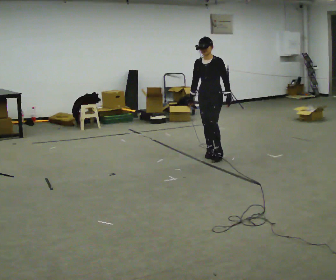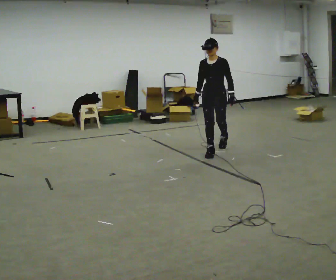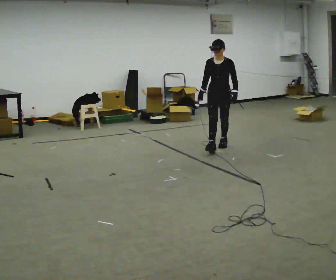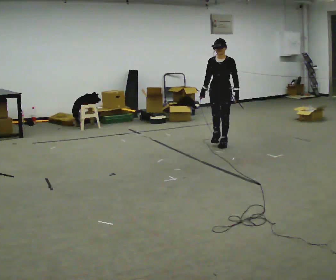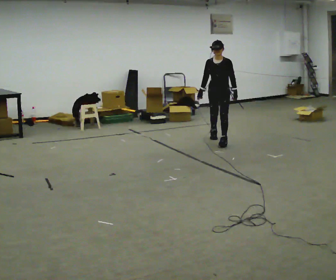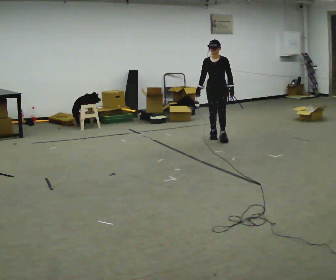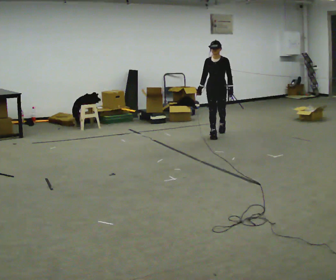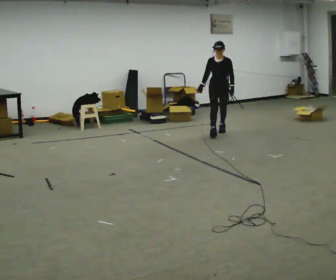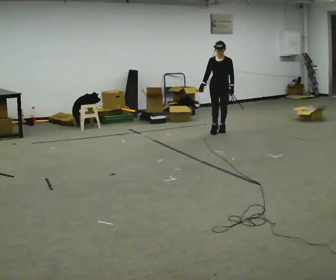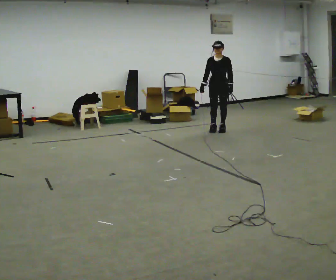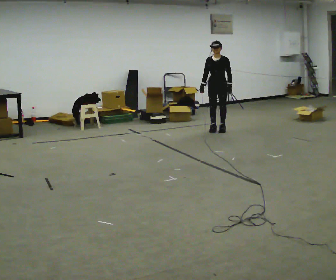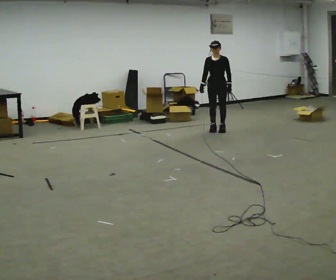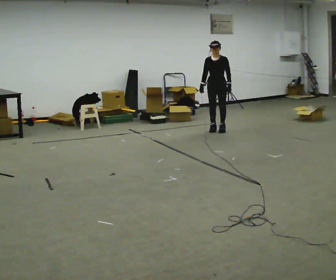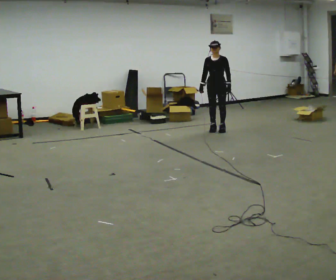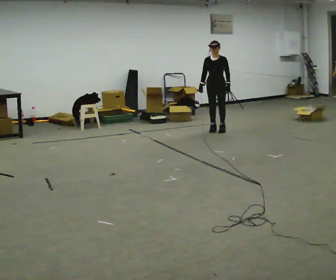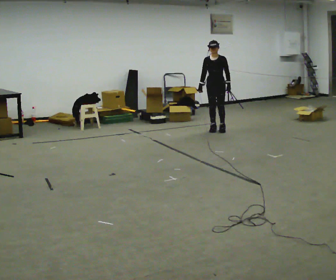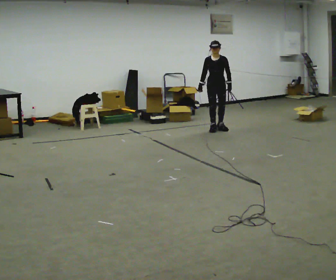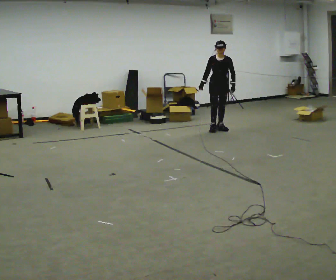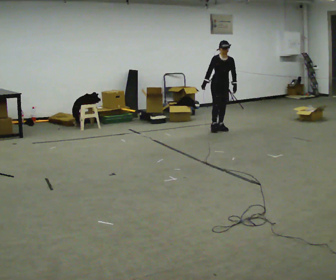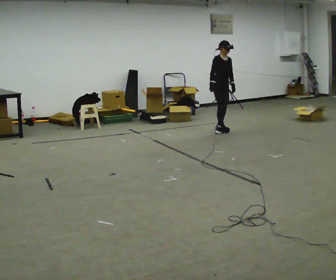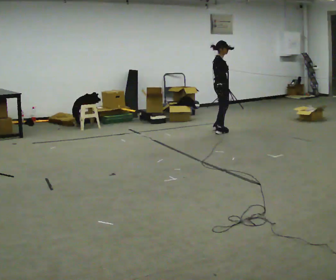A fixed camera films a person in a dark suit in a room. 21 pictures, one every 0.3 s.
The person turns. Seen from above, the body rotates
counterclockwise.
The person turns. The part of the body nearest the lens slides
to the right.
0.0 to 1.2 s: In the picture they go away from the camera, about 1 m in 1 step, which for them is backward.
1.2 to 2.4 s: In the picture they go away from the camera, about 0.75 m in 2 steps, which for them is backward.
2.4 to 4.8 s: In the picture they go away from the camera, about 0.25 m, which for them is backward.
4.8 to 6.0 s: The person turns about 90 degrees to their left, counterclockwise seen from above, so the part of the body nearest the lens slides to the right. In the picture they go toward the camera, about 0.25 m in 2 steps. In the picture their right hand goes to the right.
The film runs backward here.
